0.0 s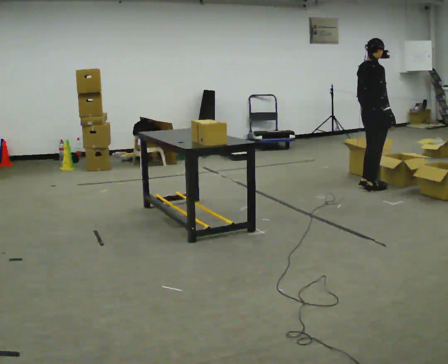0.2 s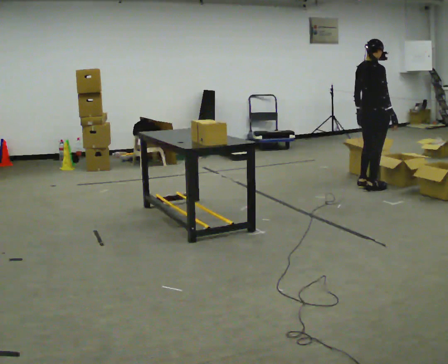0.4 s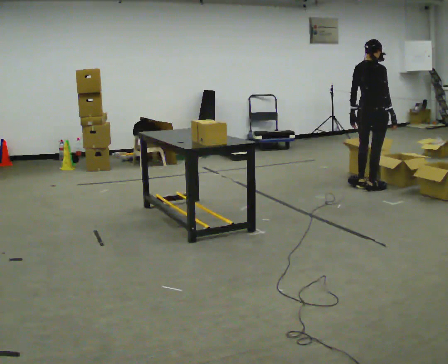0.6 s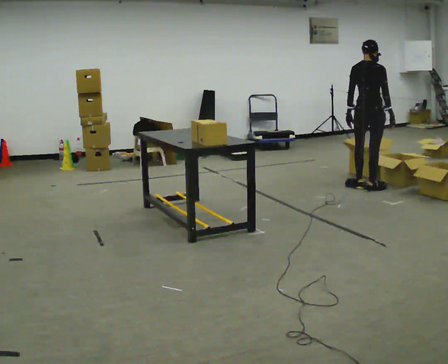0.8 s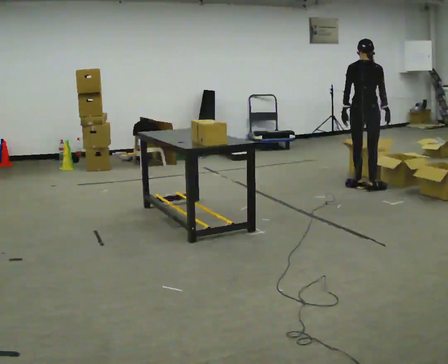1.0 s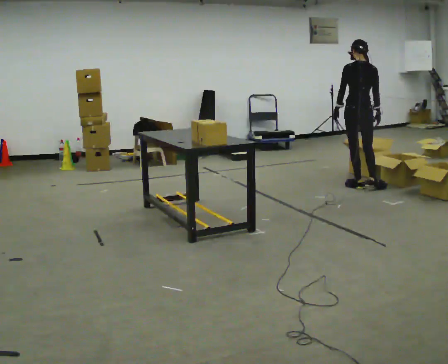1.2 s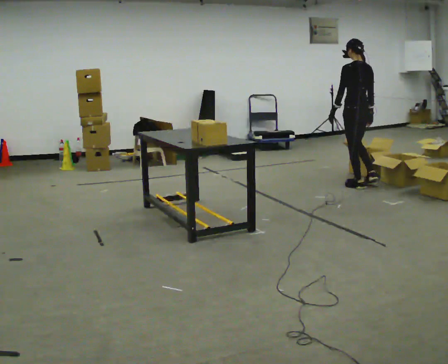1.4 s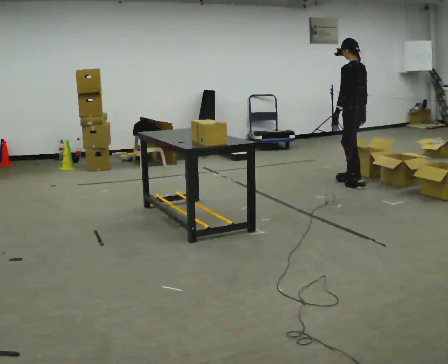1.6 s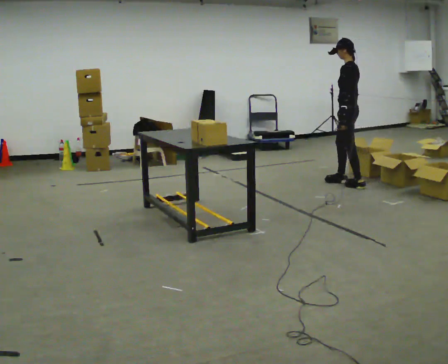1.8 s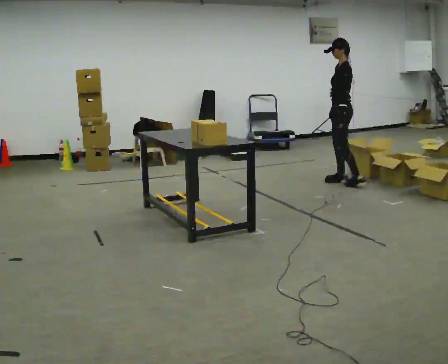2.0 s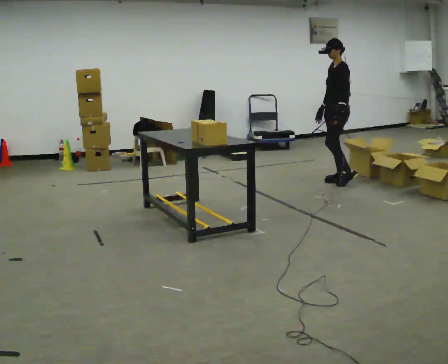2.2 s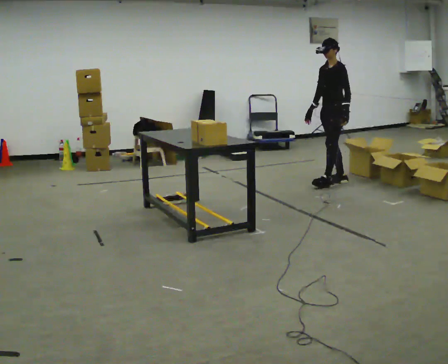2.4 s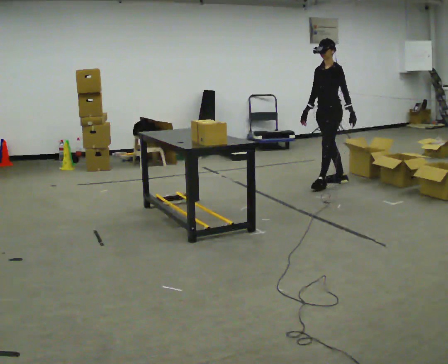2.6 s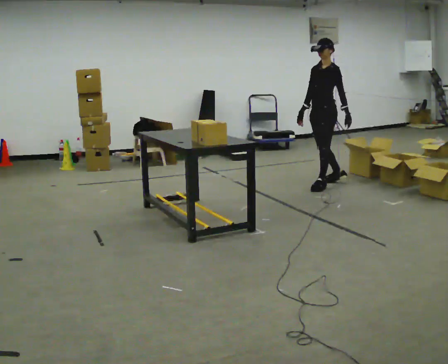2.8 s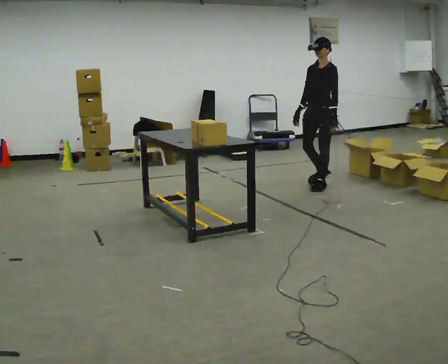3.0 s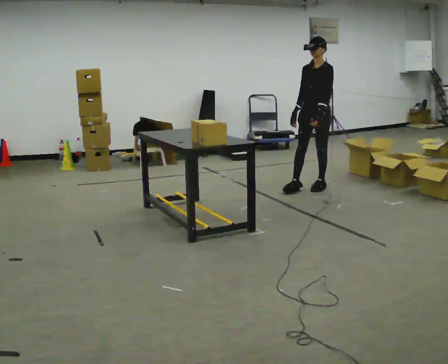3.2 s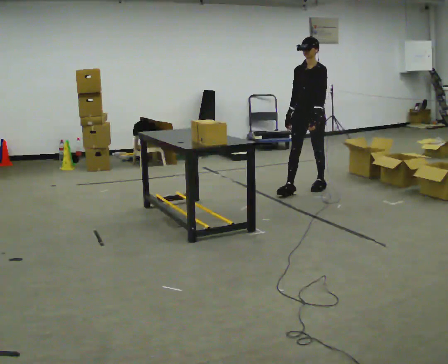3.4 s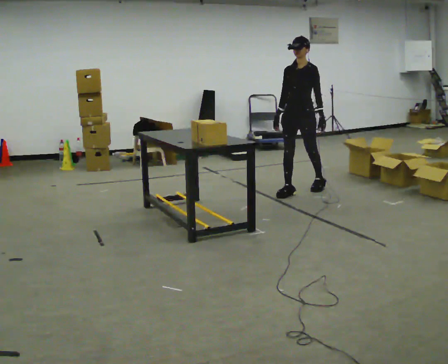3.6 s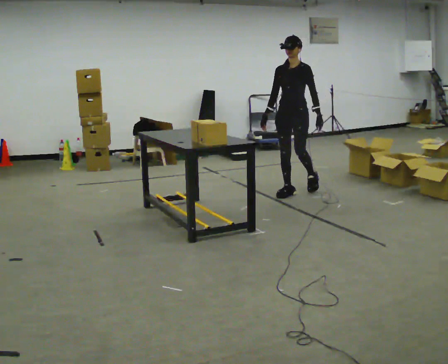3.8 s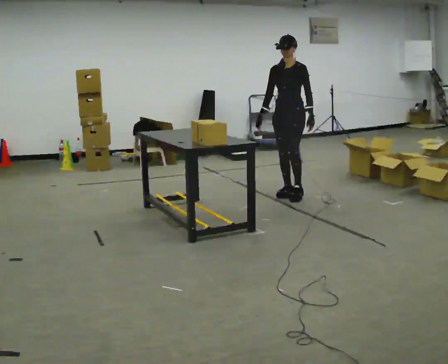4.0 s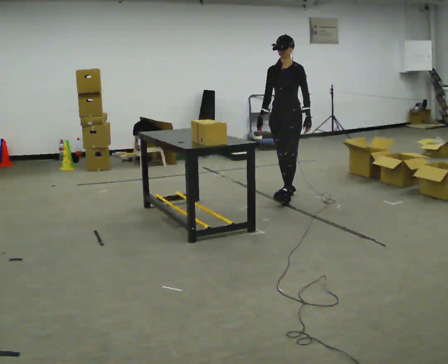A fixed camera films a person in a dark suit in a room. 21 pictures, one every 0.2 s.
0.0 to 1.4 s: Seen from above the body turns counterclockwise, about 105 degrees: to their left, with its near side sliding to the right. In the picture they go away from the camera and to the left, about 0.25 m. In the picture their left hand goes to the left.
1.4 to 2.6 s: The part of the body nearest the lens slides to the right as the person turns to their left by about 75 degrees. In the picture they go to the left, about 0.25 m in 2 steps.
2.6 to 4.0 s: The part of the body nearest the lens slides to the right as the person turns to their left by about 30 degrees. In the picture they go toward the camera and to the left, about 0.5 m in 1 step, which for them is forward.
The film runs forward here.
